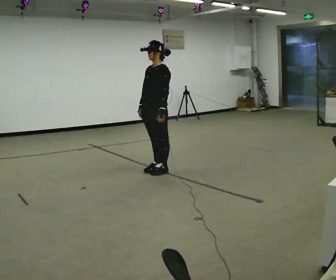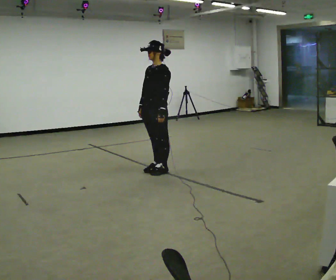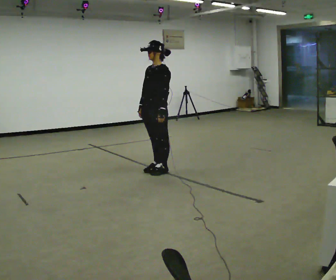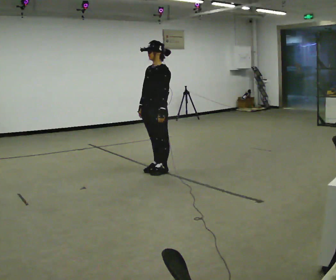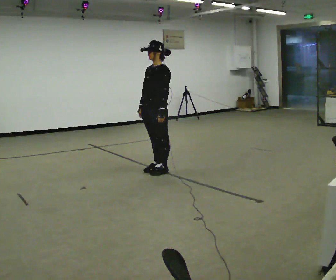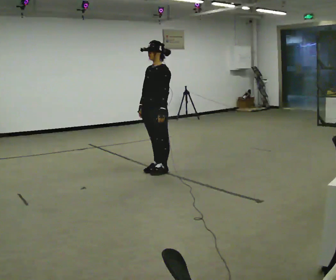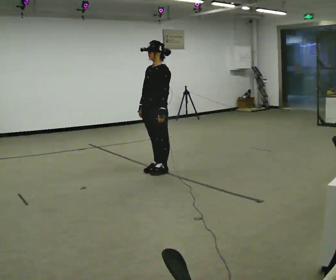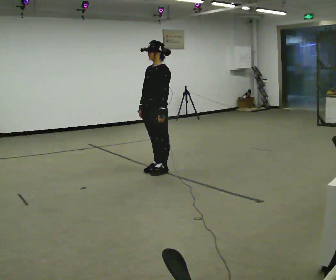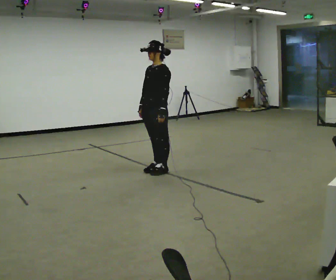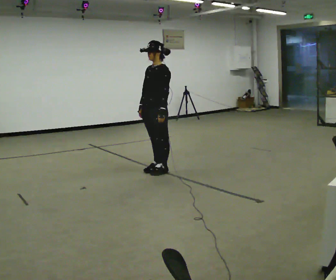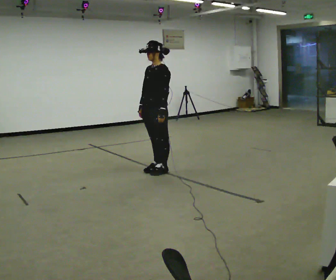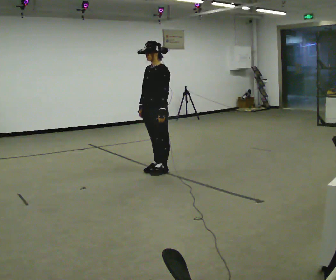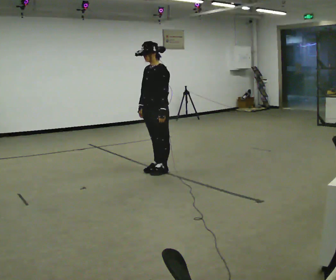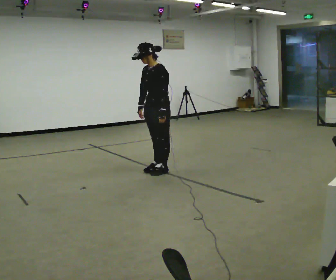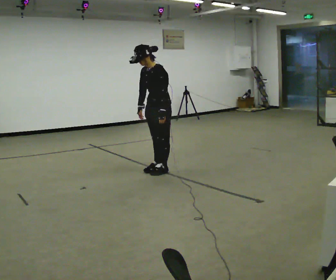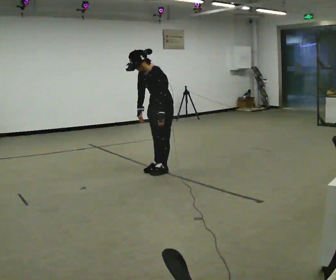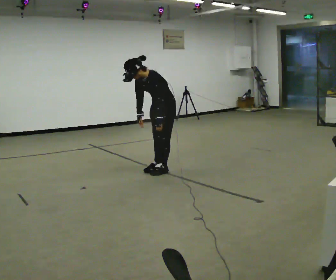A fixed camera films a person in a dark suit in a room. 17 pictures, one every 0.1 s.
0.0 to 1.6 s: In the picture the upper body tilts counterclockwise, shoulders to the left, as they bend forward.
The film runs forward here.
